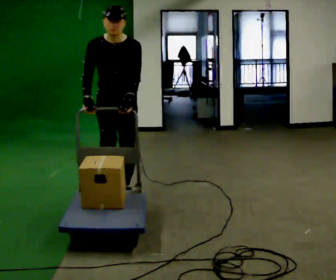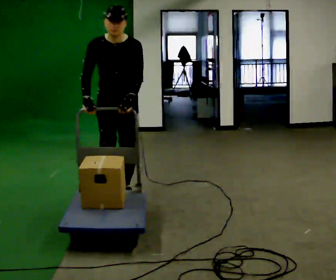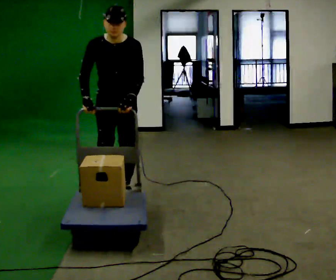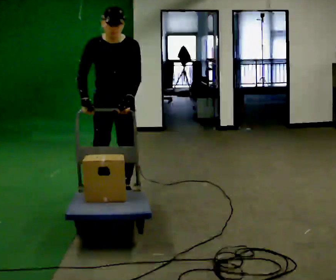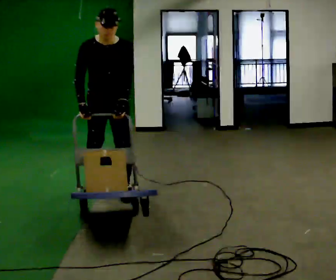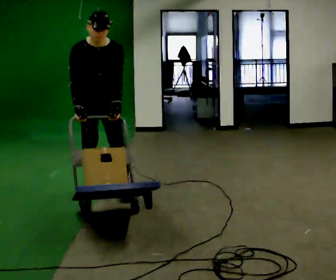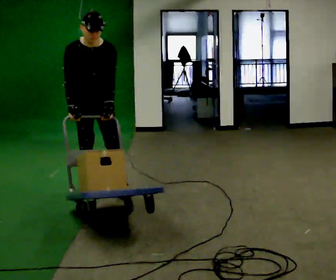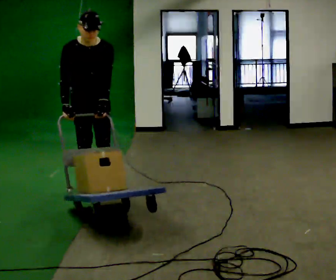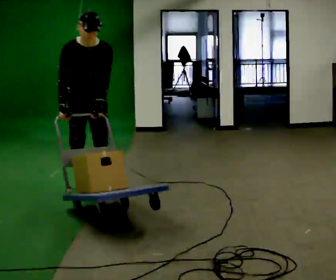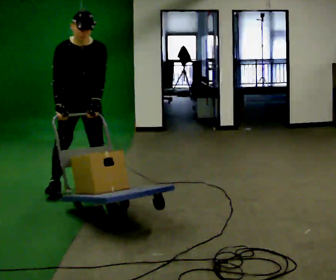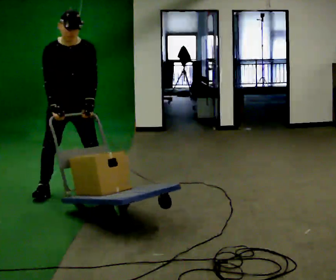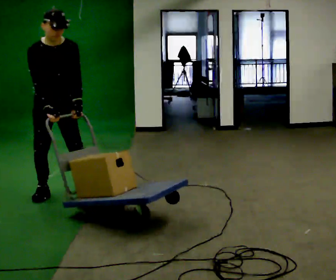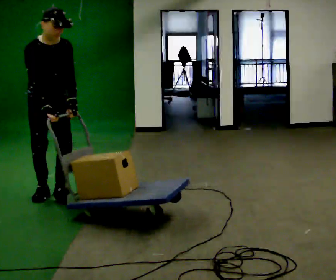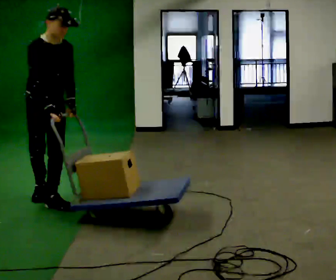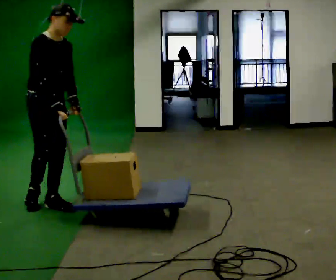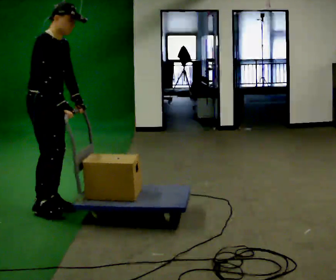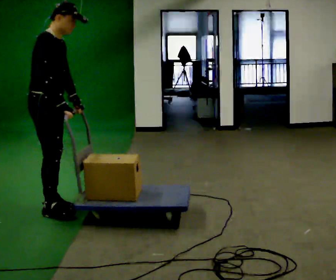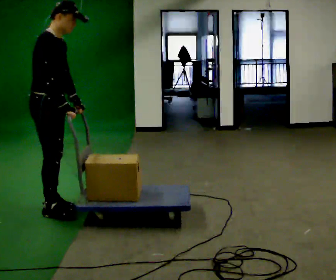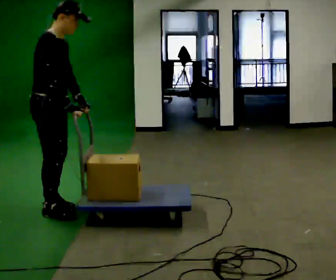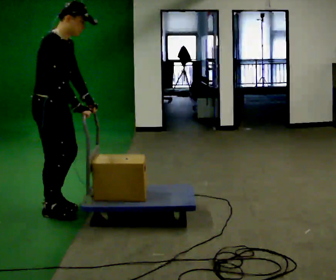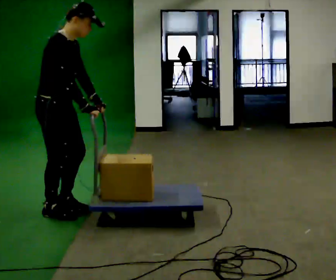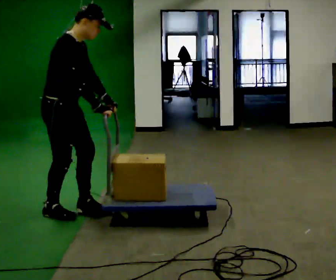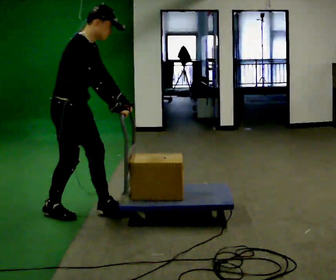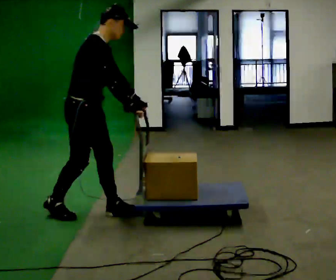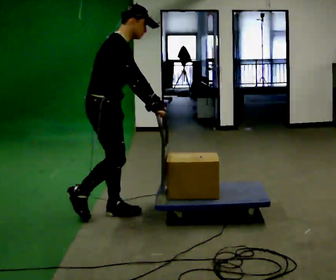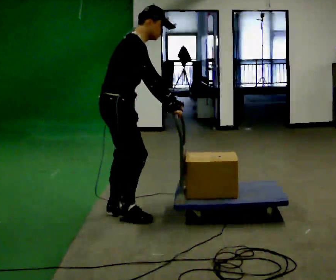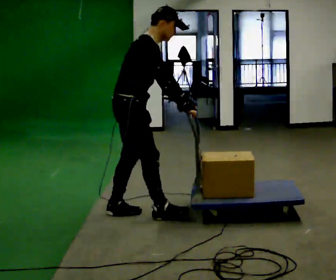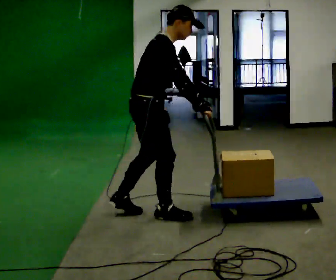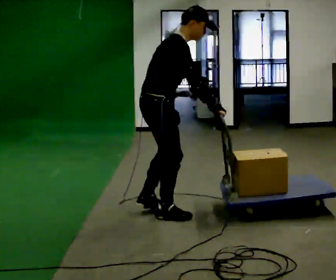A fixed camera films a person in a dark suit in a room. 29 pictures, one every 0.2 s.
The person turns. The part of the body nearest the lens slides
to the right.
The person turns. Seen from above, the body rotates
counterclockwise.
0.0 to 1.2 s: In the picture they go to the left and away from the camera, about 0.25 m in 1 step, which for them is to their right and backward.
1.2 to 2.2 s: In the picture they go to the left and toward the camera, about 0.5 m in 2 steps, which for them is to their right and forward.
2.2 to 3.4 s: The person turns about 60 degrees to their left, counterclockwise seen from above, so the part of the body nearest the lens slides to the right. In the picture they go toward the camera, about 0.5 m in 2 steps.
3.4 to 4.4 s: In the picture they go to the right, about 0.25 m, which for them is forward. In the picture their right hand goes to the right.
4.4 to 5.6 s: In the picture they go to the right, about 0.75 m in 2 steps, which for them is forward.
The film runs forward here.
